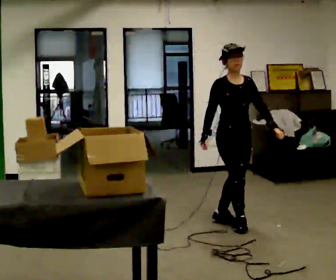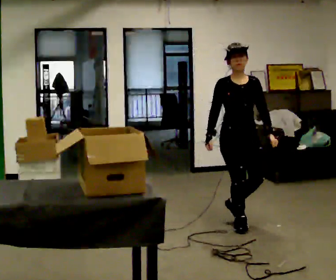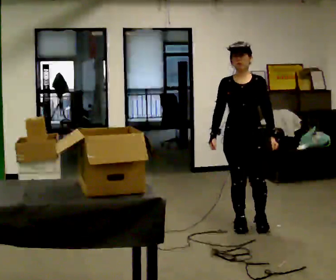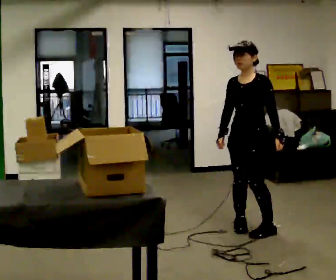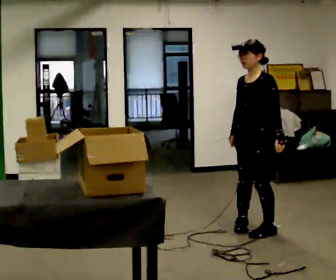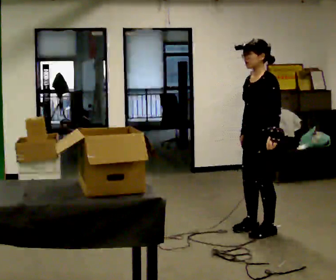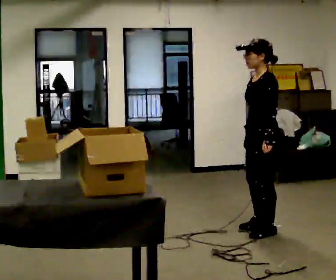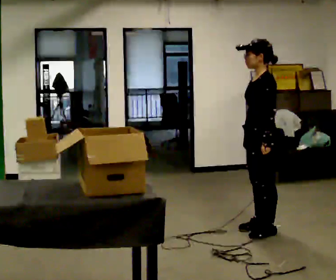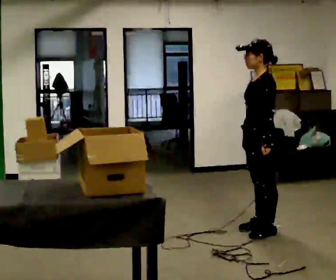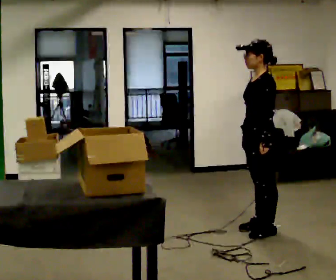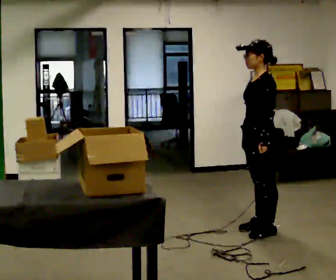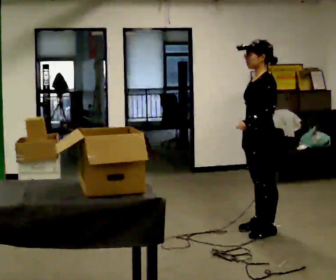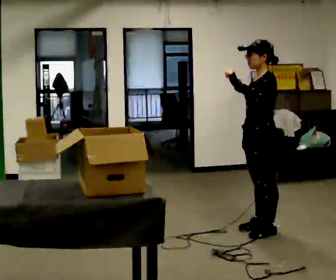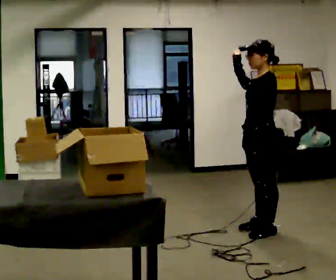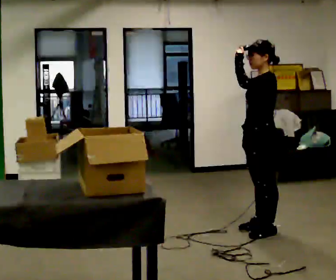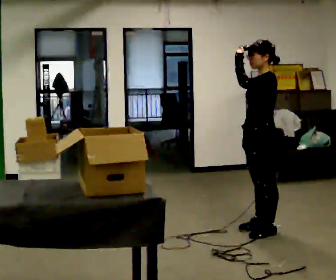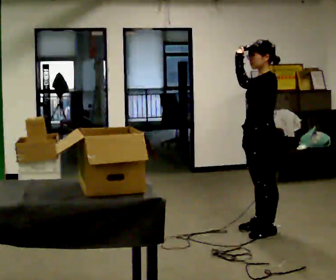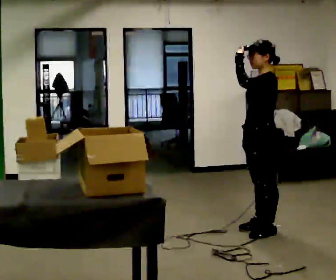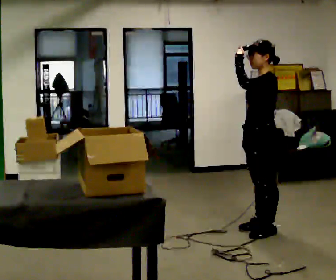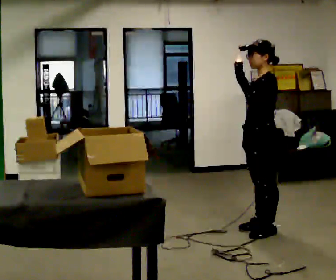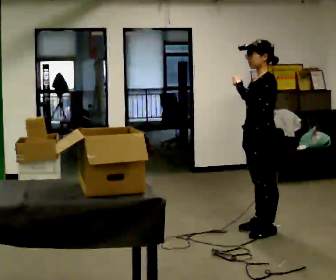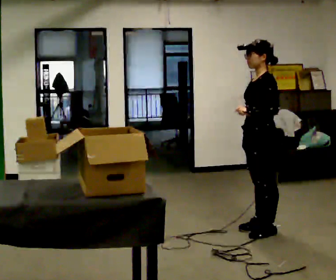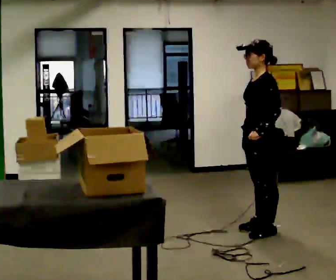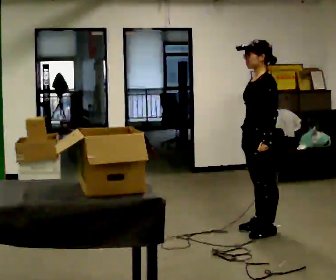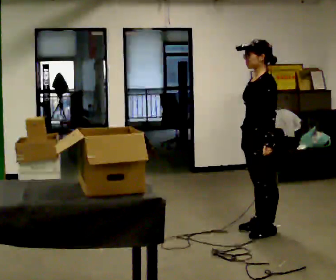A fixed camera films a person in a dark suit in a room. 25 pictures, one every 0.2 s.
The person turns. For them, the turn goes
to their right.
The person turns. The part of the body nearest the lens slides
to the left.
0.0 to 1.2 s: The person turns about 105 degrees to their right, clockwise seen from above, so the part of the body nearest the lens slides to the left. In the picture they go to the right and toward the camera, about 0.25 m in 2 steps.
1.2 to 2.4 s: In the picture their left hand goes upward.
2.4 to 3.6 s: The person moves a little, or ends about where they began.
3.6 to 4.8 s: In the picture their left hand goes downward.
The film runs forward here.
